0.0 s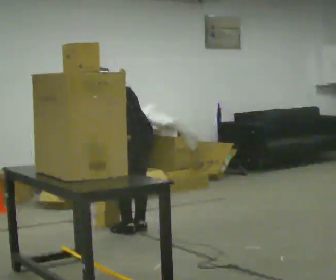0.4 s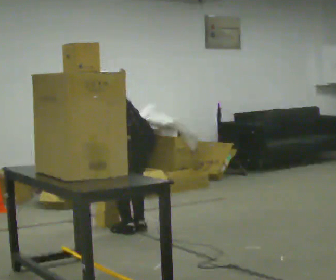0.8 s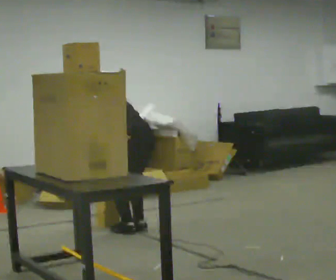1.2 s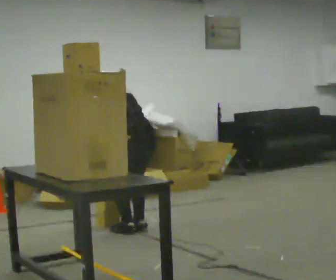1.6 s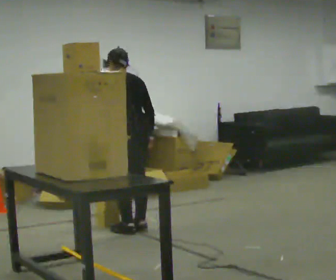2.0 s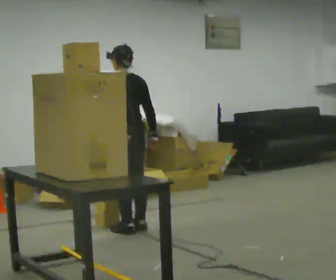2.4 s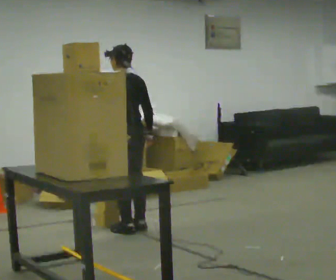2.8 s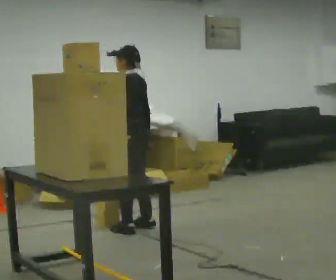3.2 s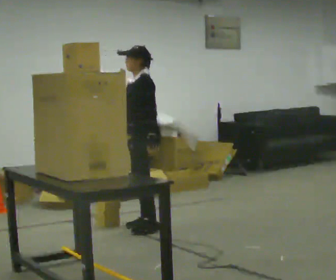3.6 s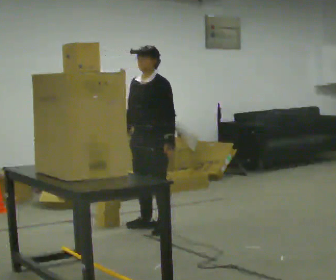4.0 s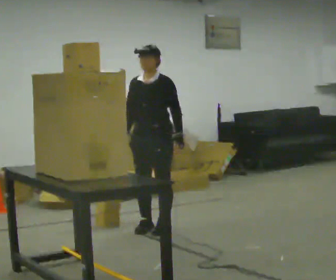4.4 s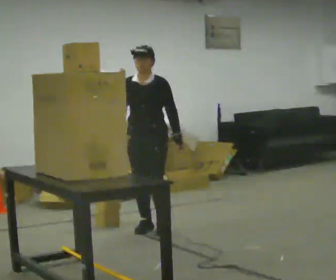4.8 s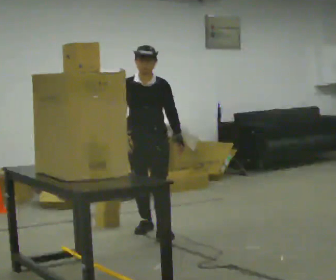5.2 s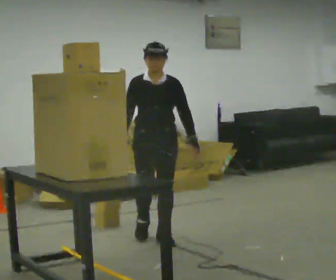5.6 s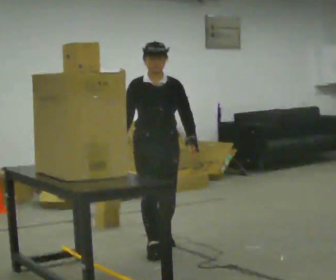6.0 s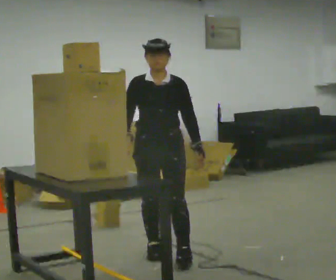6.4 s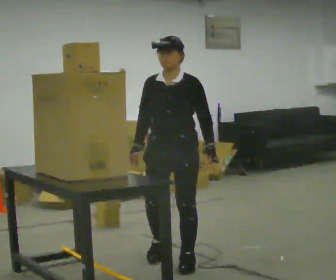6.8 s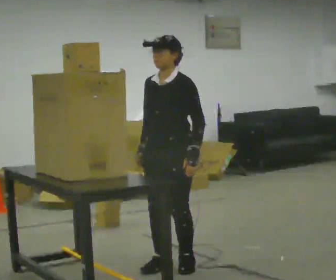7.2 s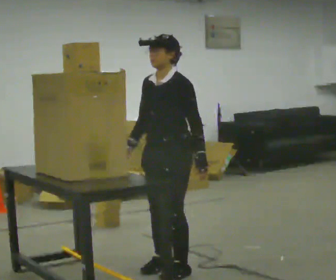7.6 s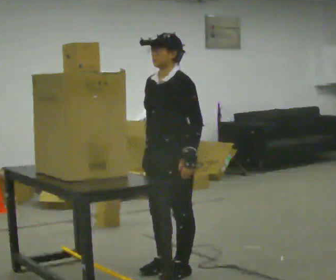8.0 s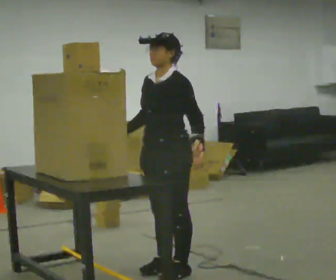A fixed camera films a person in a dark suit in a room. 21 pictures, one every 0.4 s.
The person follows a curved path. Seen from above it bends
clockwise.
0.0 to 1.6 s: The person moves a little, or ends about where they began.
1.6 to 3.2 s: The part of the body nearest the lens slides to the right as the person turns to their left by about 75 degrees. In the picture their left hand goes to the right, the arm swinging counterclockwise.
3.2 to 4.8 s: The person turns about 75 degrees to their left, counterclockwise seen from above, so the part of the body nearest the lens slides to the right. In the picture they go toward the camera, about 0.25 m in 2 steps.
4.8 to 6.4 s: In the picture they go toward the camera, about 1 m in 2 steps, which for them is forward.
6.4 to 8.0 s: The person turns about 30 degrees to their right, clockwise seen from above, so the part of the body nearest the lens slides to the left. In the picture they go toward the camera, about 0.25 m in 2 steps, which for them is forward and to their left.
The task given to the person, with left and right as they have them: Pick an object up off the floor, carry it across the room, and place it on the highest shelf you can comfortably reach. Keep going until the operator says stop; one object at a time, and do not rush between trips.
The film runs forward here.
